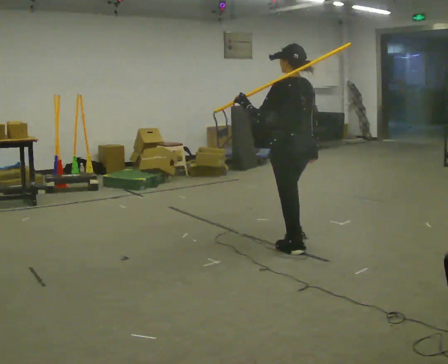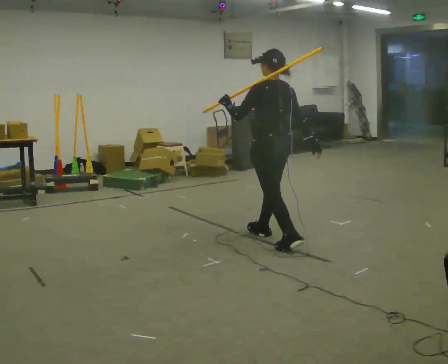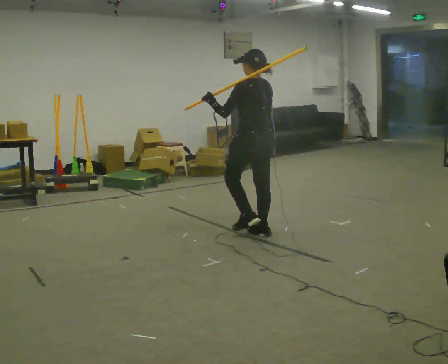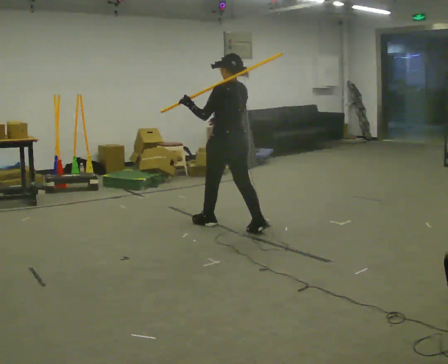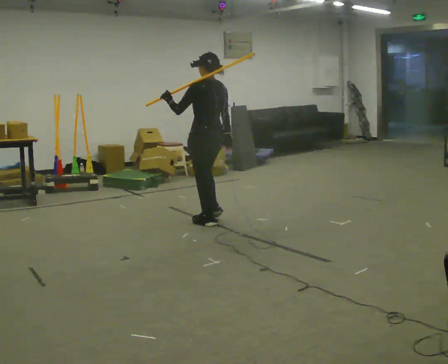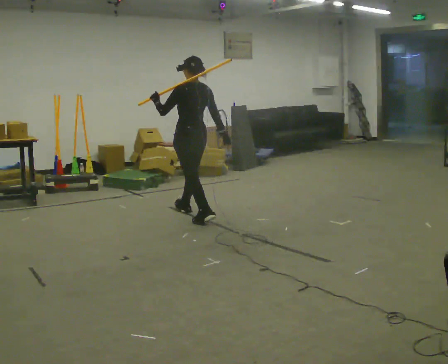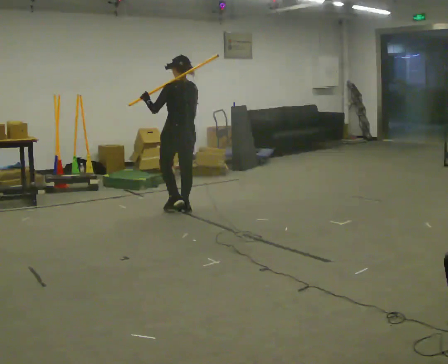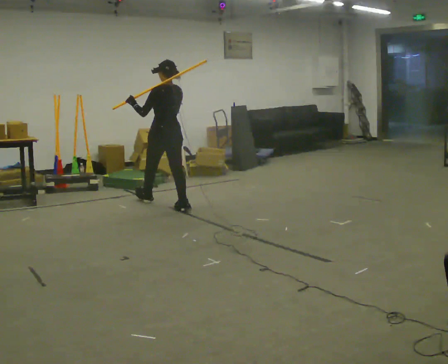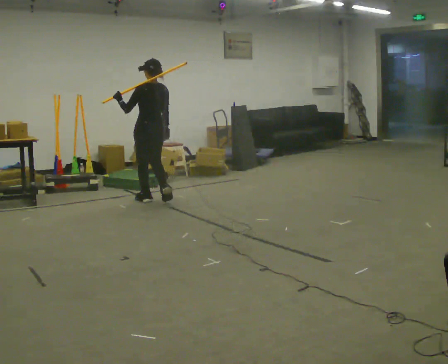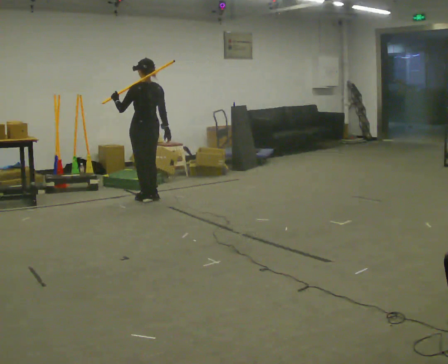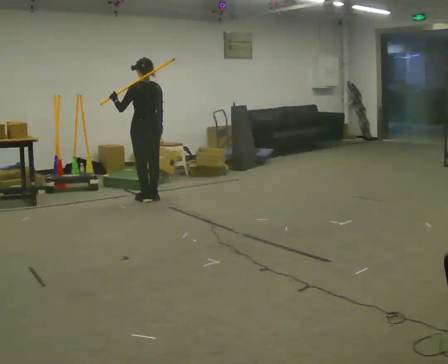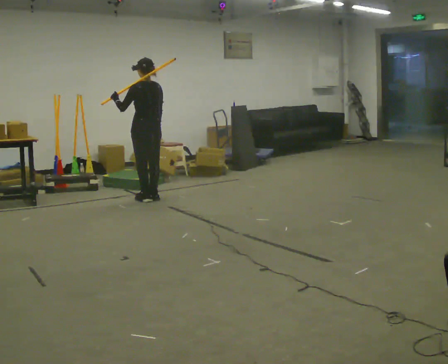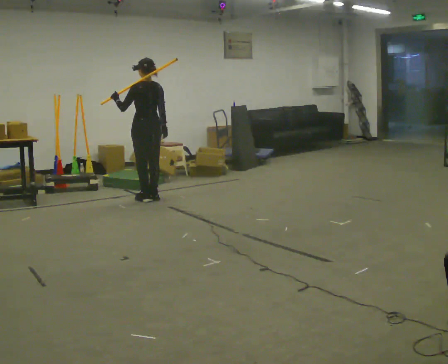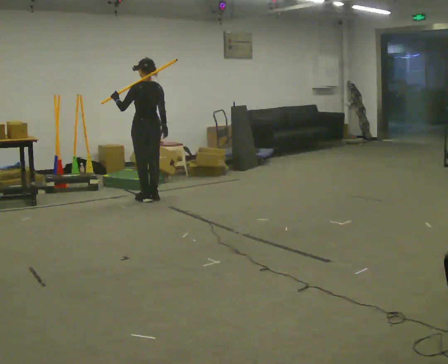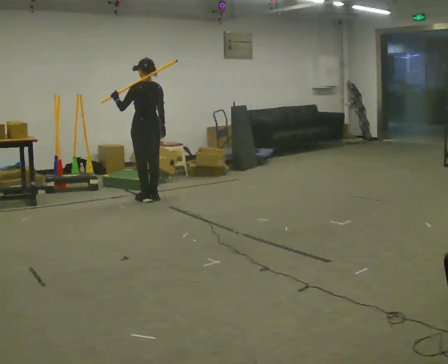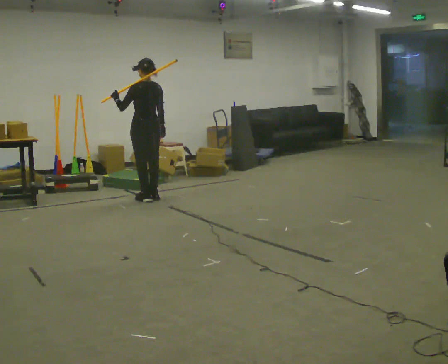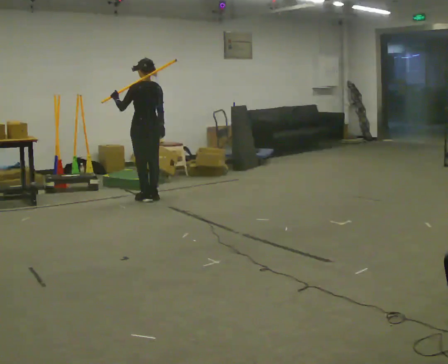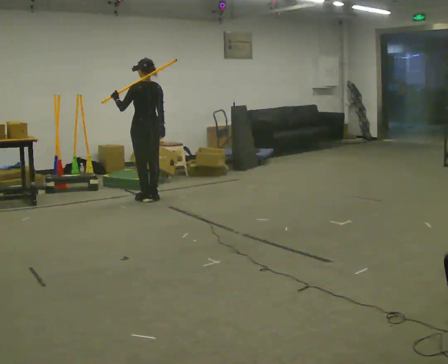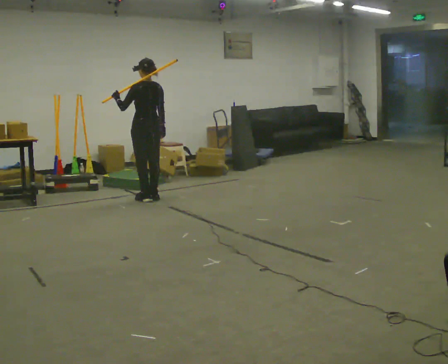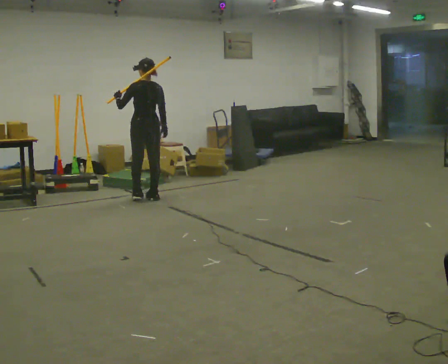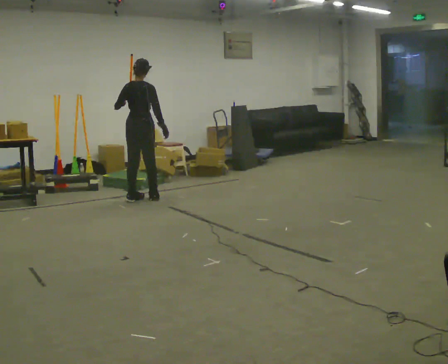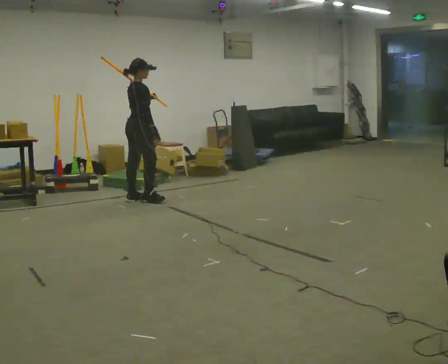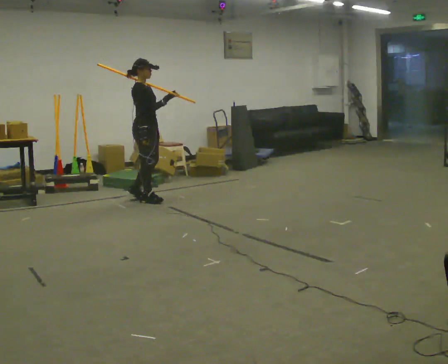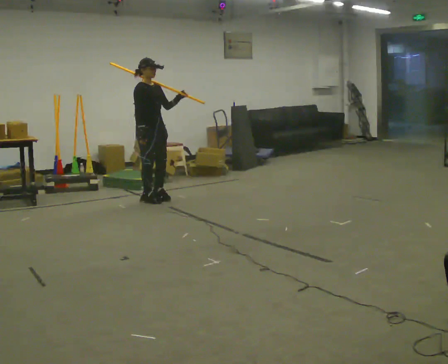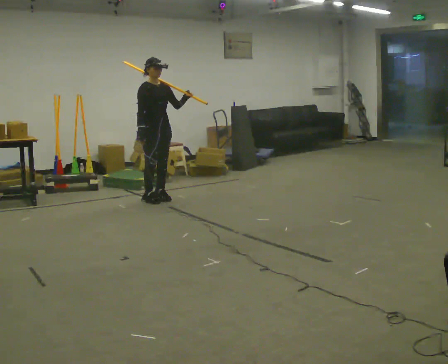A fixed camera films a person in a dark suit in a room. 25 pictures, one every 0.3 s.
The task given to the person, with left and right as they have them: Rest the long object on the shoulder the operator calls and carry it across the room, back and forth.
0.0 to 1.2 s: In the picture they go away from the camera and to the left, about 1 m in 2 steps, which for them is forward.
1.2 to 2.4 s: In the picture they go away from the camera and to the left, about 1 m in 2 steps, which for them is forward.
2.4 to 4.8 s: In the picture they go away from the camera, about 0.25 m in 1 step, which for them is forward.
4.8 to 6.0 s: The person turns about 60 degrees to their right, clockwise seen from above, so the part of the body nearest the lens slides to the left.
6.0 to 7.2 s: The person turns about 120 degrees to their right, clockwise seen from above, so the part of the body nearest the lens slides to the left. In the picture they go to the right, about 0.25 m in 1 step. In the picture their left hand goes to the right.
The film runs forward here.
